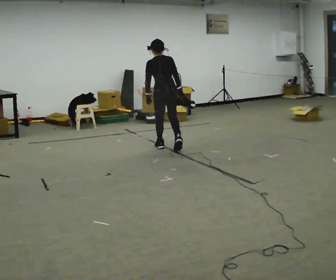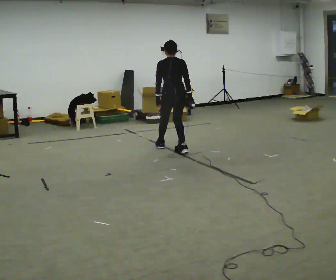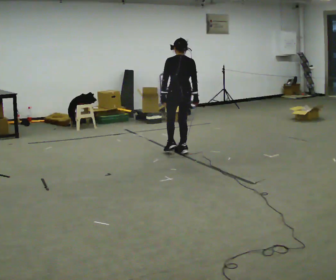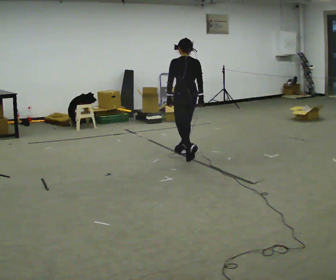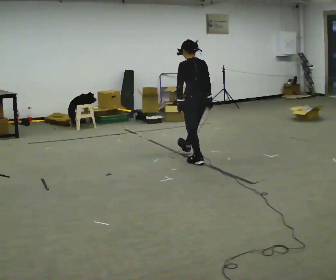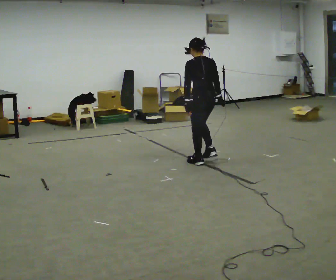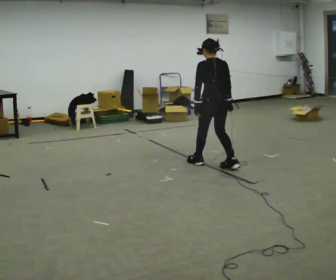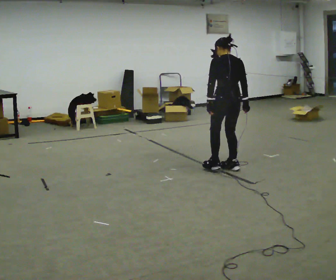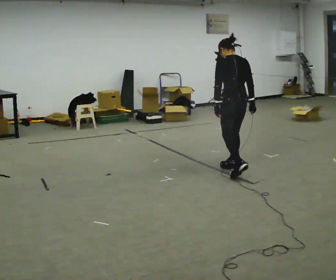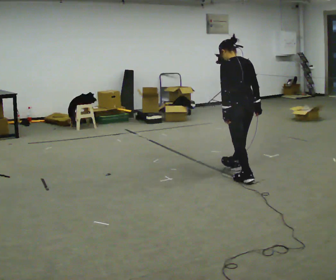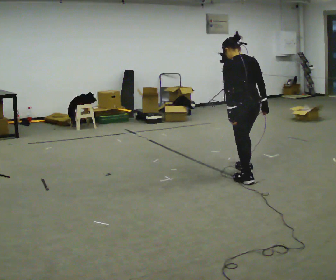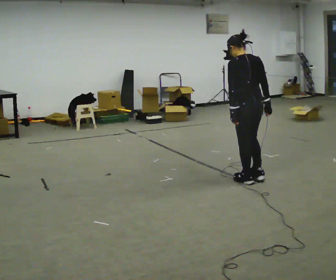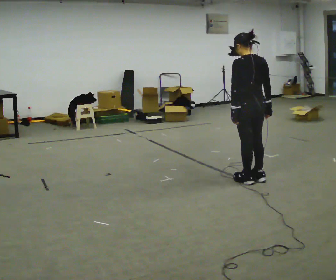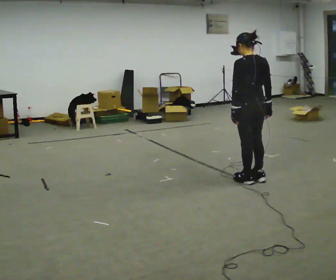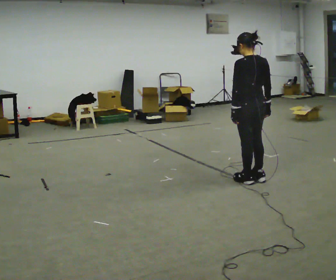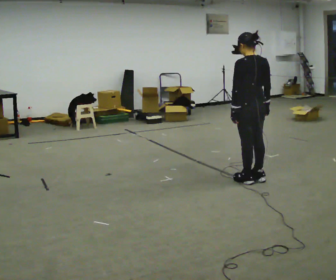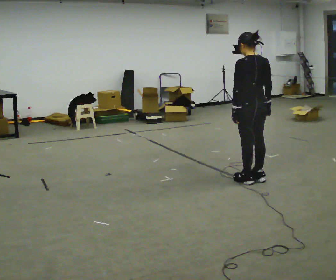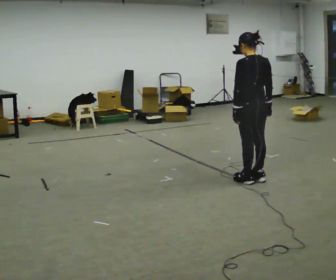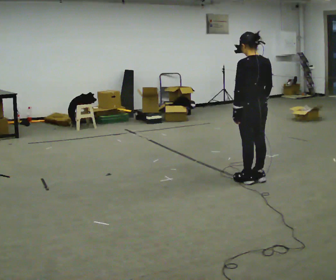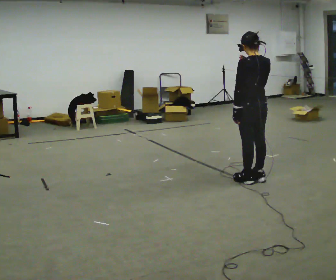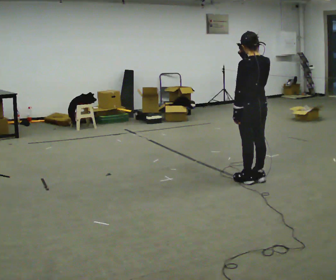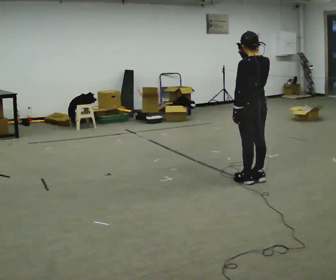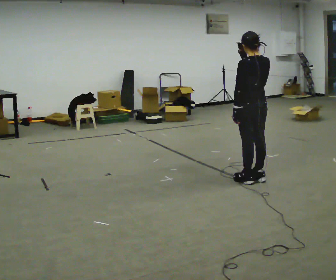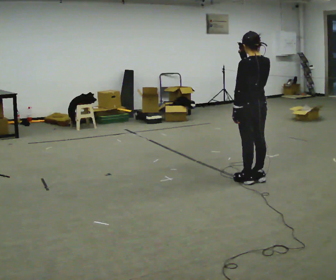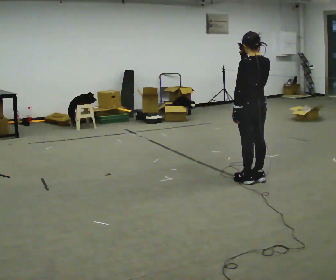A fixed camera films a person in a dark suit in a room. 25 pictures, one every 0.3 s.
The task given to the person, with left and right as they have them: Walk backward slowly; stop.
0.0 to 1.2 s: In the picture they go toward the camera and to the right, about 0.5 m in 2 steps, which for them is backward and to their right.
1.2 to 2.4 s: In the picture they go to the right and toward the camera, about 0.75 m in 1 step, which for them is backward.
2.4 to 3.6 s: In the picture they go toward the camera and to the right, about 0.25 m in 2 steps, which for them is backward.
3.6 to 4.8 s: The person moves a little, or ends about where they began.
4.8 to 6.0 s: In the picture their right hand goes upward.
6.0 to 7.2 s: The person keeps their place and pose.
The film runs forward here.
